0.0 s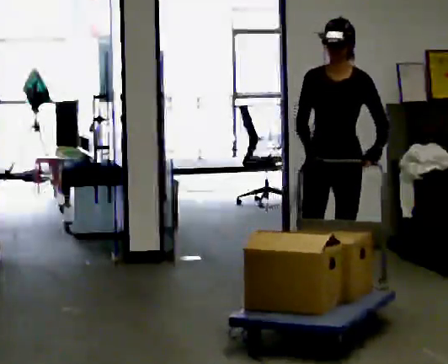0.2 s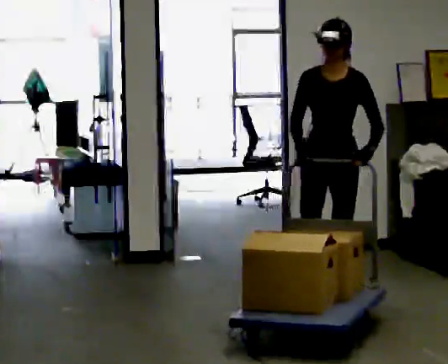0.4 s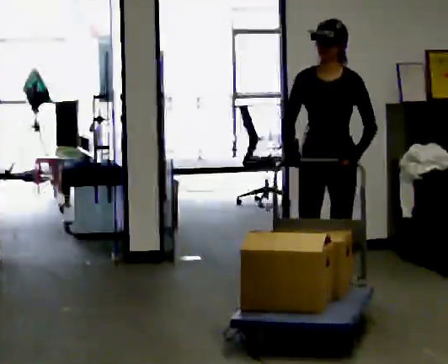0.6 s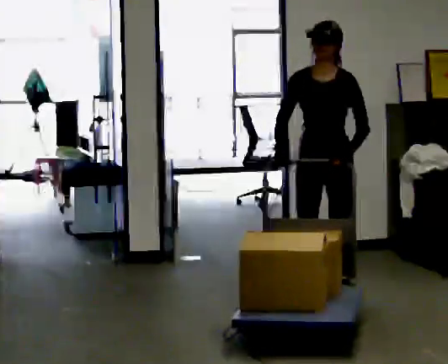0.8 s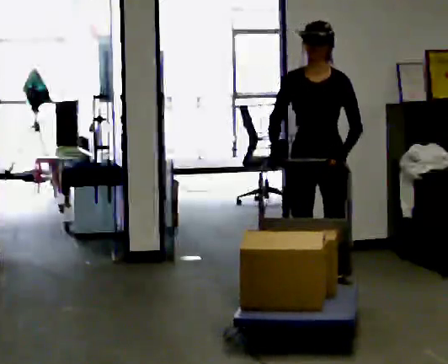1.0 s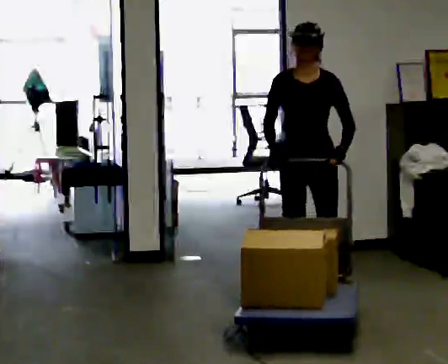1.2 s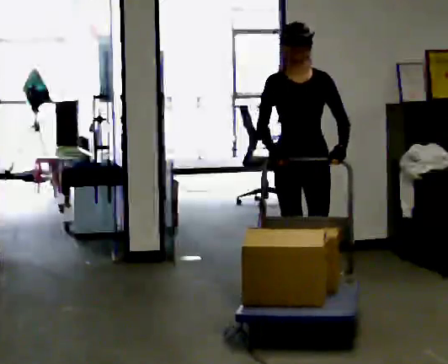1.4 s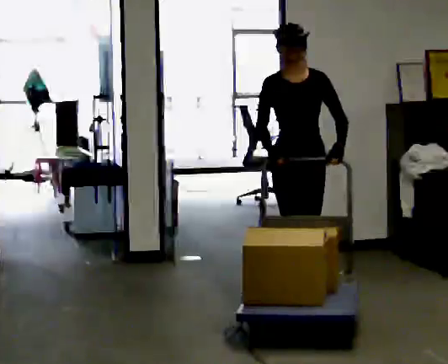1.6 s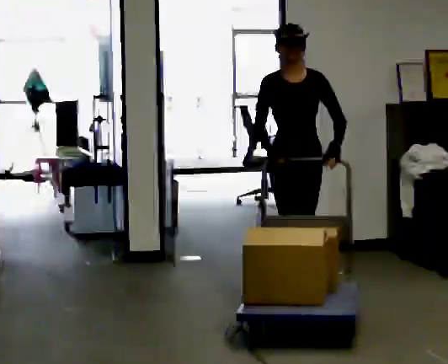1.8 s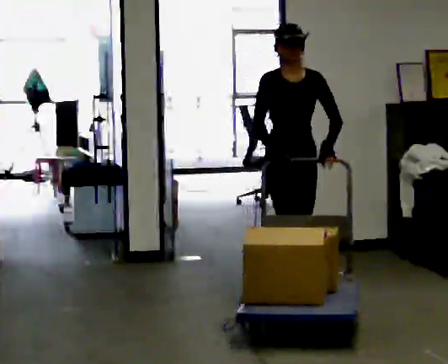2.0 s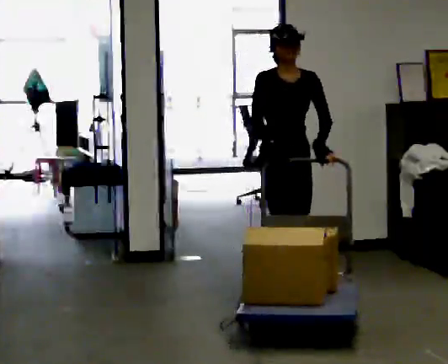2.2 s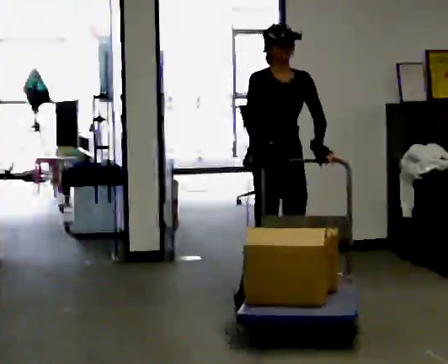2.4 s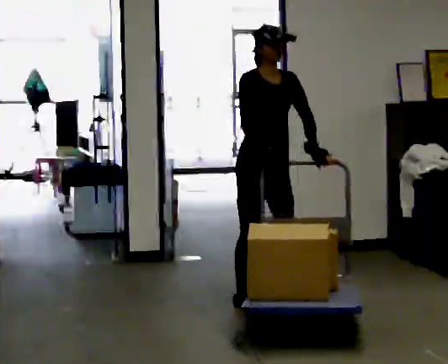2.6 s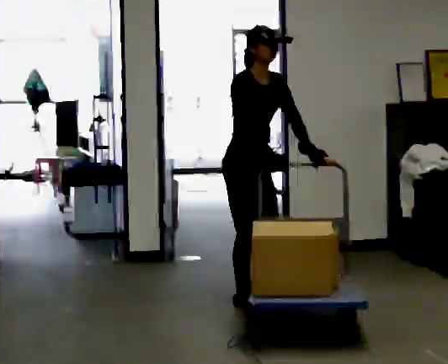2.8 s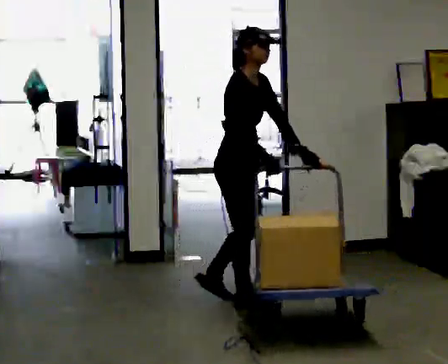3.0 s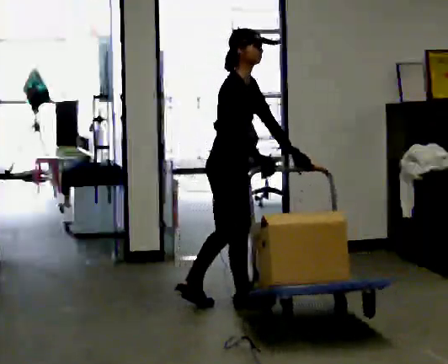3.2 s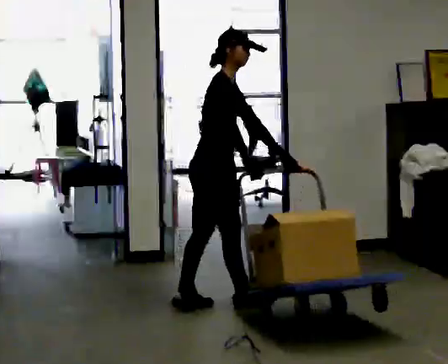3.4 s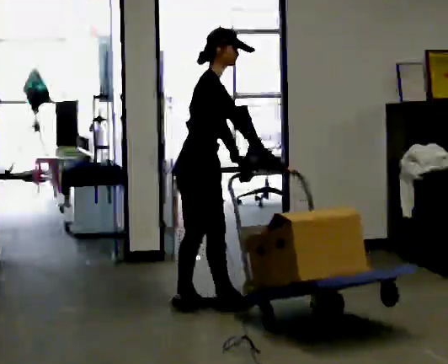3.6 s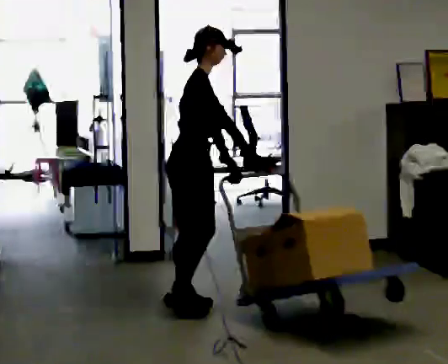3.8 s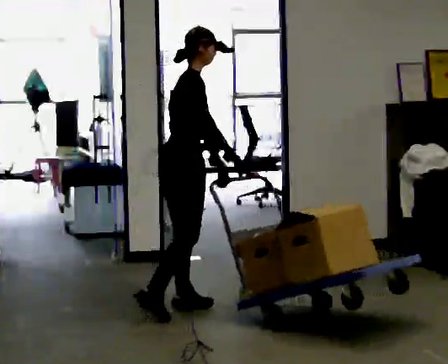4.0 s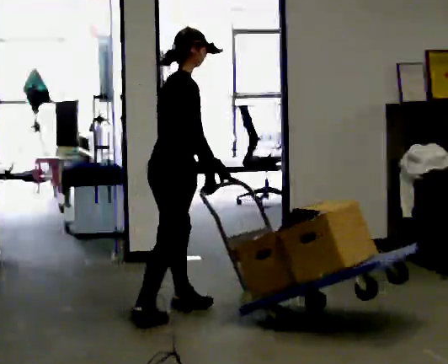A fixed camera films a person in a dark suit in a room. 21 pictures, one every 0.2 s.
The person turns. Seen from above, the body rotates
counterclockwise.
The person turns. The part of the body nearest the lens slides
to the right.
0.0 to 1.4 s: Seen from above the body turns counterclockwise, about 30 degrees: to their left, with its near side sliding to the right. In the picture they go to the left and away from the camera, about 0.25 m in 1 step, which for them is to their right.
1.4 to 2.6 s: The part of the body nearest the lens slides to the right as the person turns to their left by about 45 degrees. In the picture they go to the left, about 0.25 m in 2 steps, which for them is to their right.
2.6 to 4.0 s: Seen from above the body turns counterclockwise, about 60 degrees: to their left, with its near side sliding to the right. In the picture they go to the left and toward the camera, about 0.5 m in 1 step. The upper body tips away from the camera, its near side rolling upward.
The film runs backward here.
